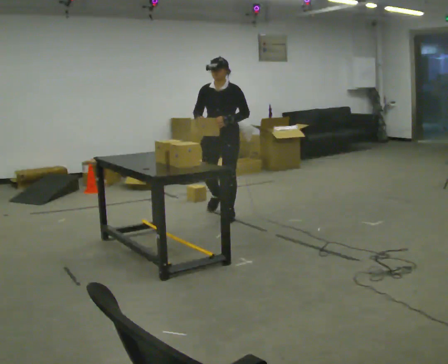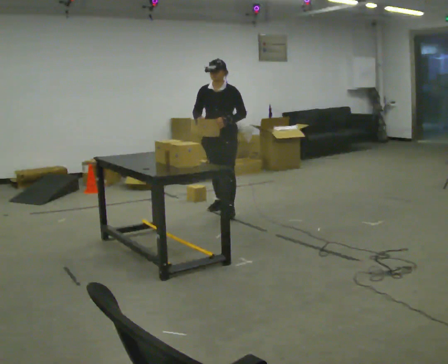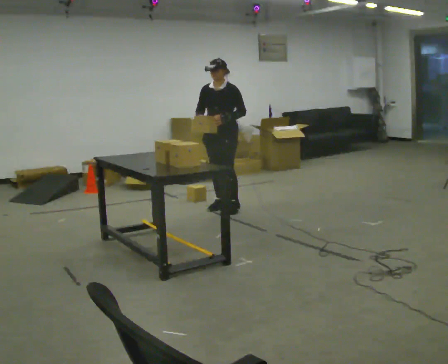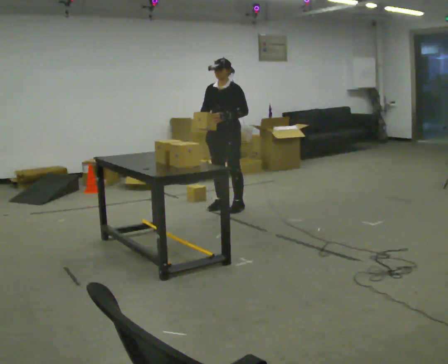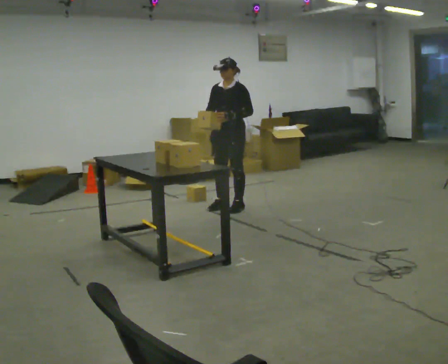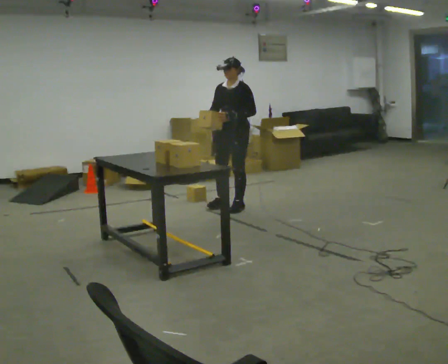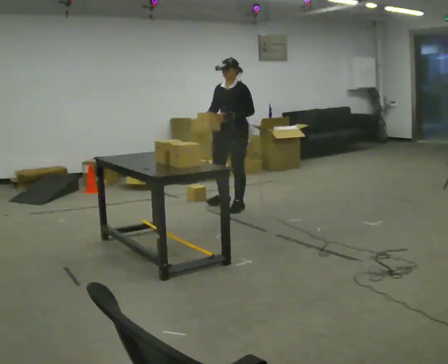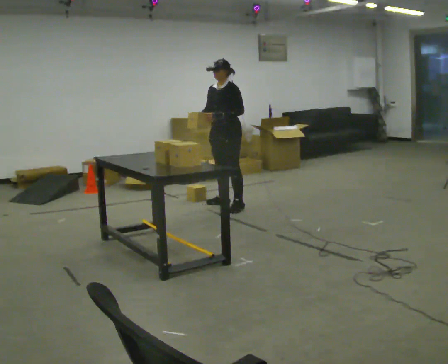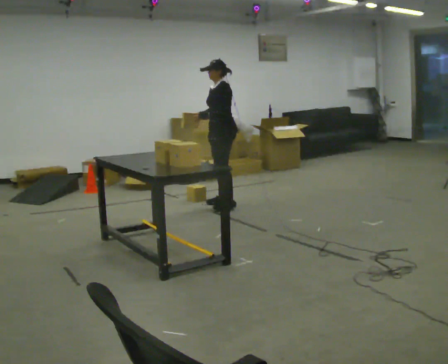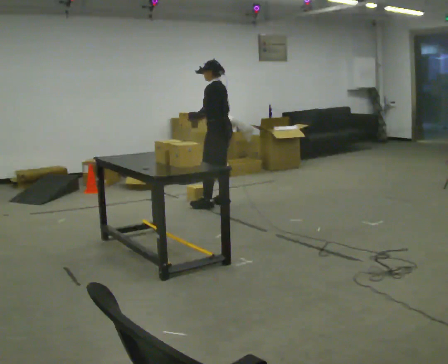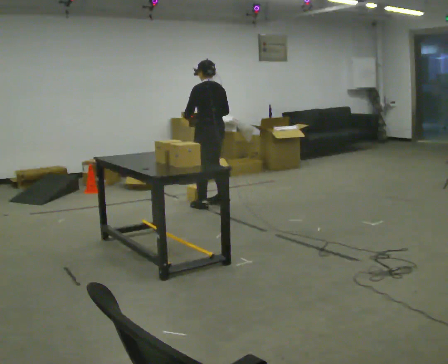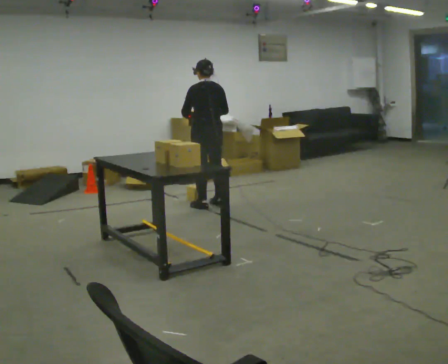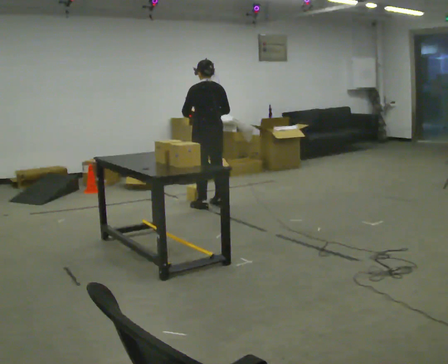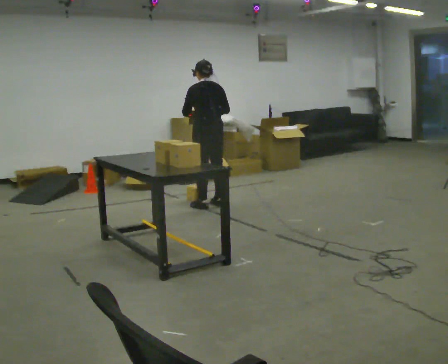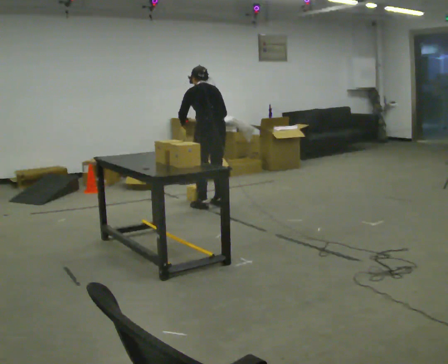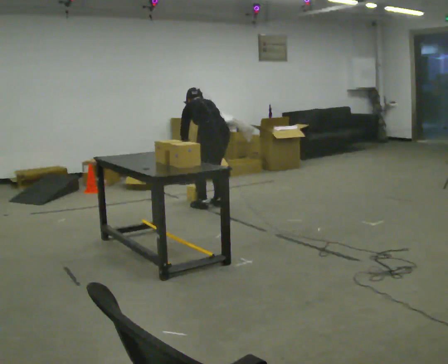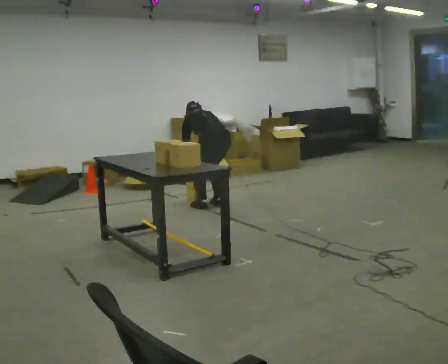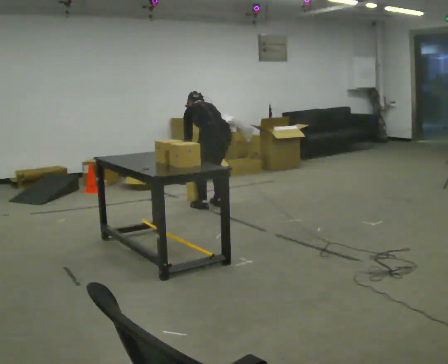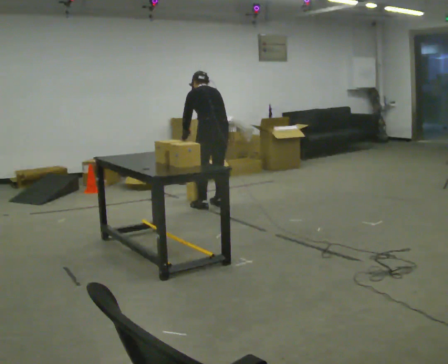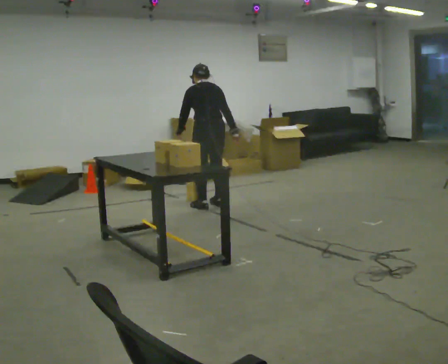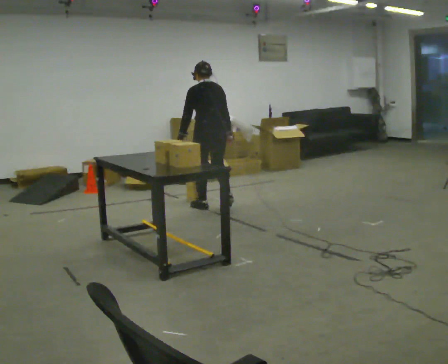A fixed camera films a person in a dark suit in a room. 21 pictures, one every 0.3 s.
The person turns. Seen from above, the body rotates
clockwise.
The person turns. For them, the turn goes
to their right.
0.0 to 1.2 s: In the picture they go away from the camera, about 0.25 m in 1 step, which for them is backward.
1.2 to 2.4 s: The person turns about 30 degrees to their right, clockwise seen from above, so the part of the body nearest the lens slides to the left. In the picture they go away from the camera, about 0.25 m in 1 step, which for them is to their right.
2.4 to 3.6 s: Seen from above the body turns clockwise, about 75 degrees: to their right, with its near side sliding to the left. In the picture they go to the left, about 0.25 m.
3.6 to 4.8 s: The upper body goes downward. The upper body tips away from the camera, its near side rolling upward, as they bend forward. In the picture their right hand goes downward.
4.8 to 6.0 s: The upper body goes upward. The upper body tips toward the camera, its near side rolling downward, as they lean back or straighten. In the picture their right hand goes upward.
The film runs backward here.
